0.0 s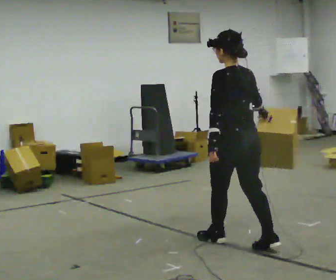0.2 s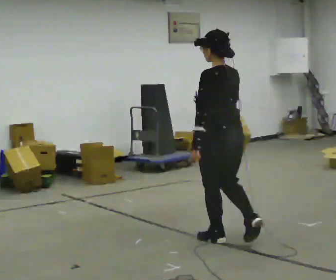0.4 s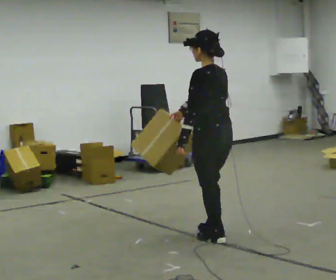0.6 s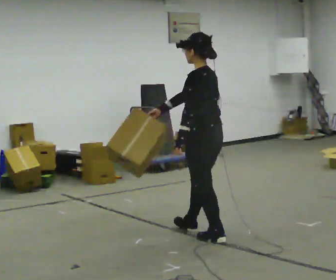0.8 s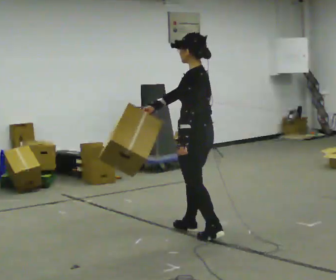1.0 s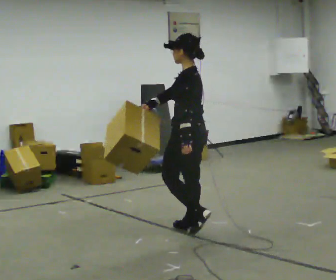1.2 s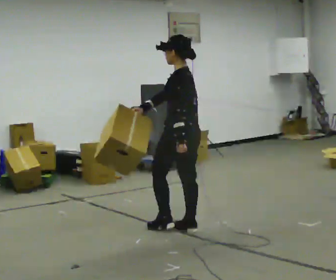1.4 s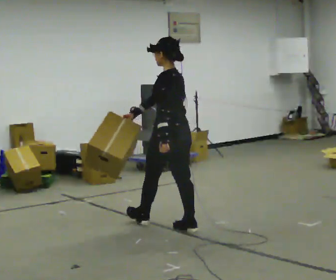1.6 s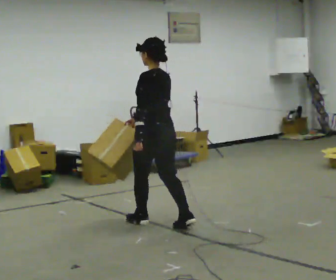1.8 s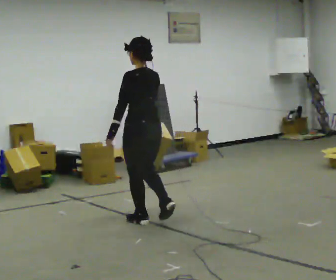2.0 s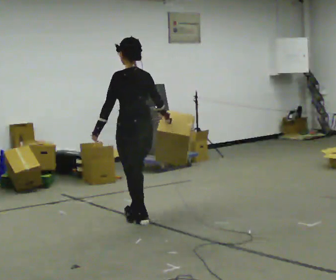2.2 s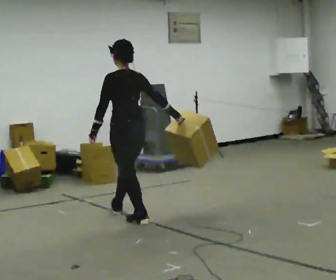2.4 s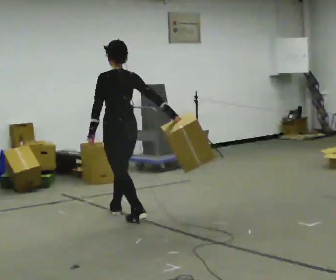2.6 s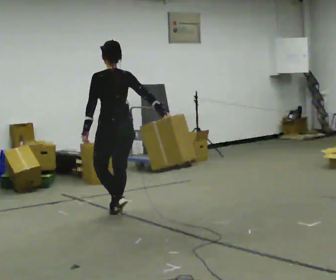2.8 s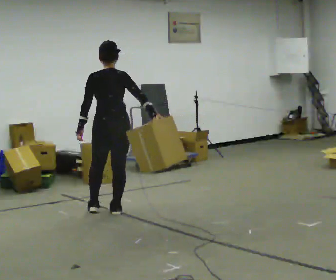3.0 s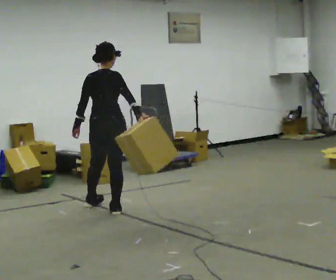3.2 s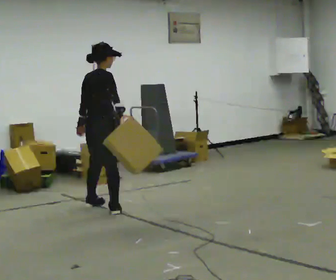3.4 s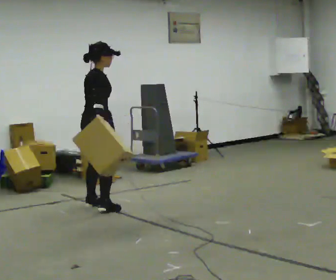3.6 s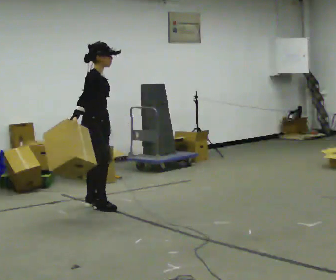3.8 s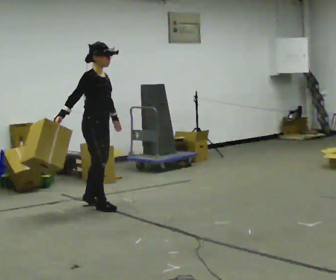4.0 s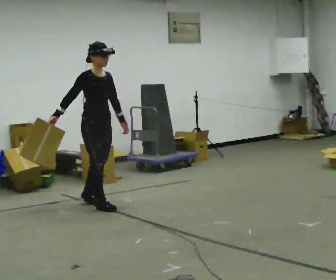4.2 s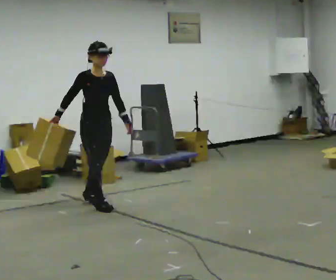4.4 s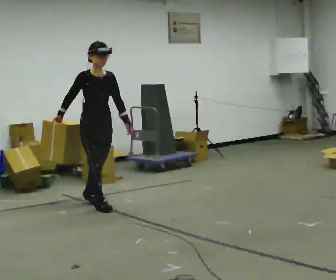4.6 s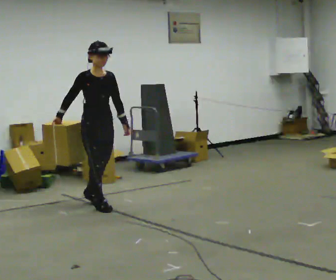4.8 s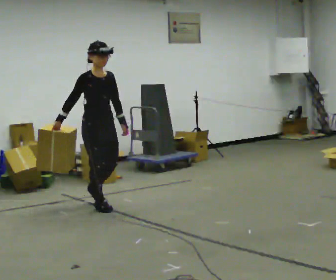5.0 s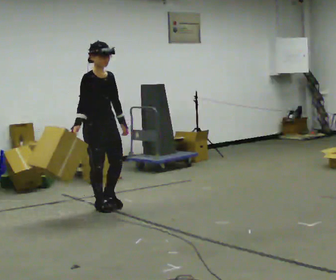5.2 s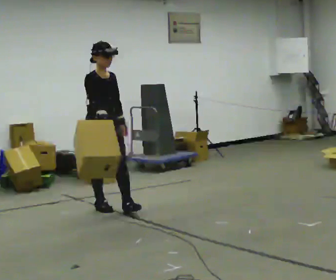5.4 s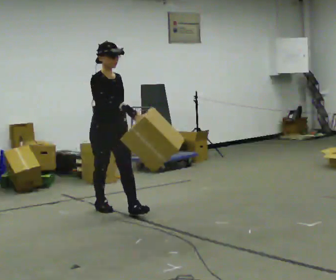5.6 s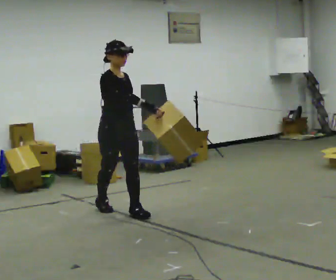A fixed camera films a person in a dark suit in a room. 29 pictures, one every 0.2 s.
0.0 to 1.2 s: The part of the body nearest the lens slides to the right as the person turns to their left by about 30 degrees. In the picture they go away from the camera and to the left, about 0.75 m in 1 step, which for them is forward.
1.2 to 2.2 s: In the picture they go to the left and away from the camera, about 0.5 m in 2 steps, which for them is forward and to their left.
2.2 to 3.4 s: The person turns about 105 degrees to their right, clockwise seen from above, so the part of the body nearest the lens slides to the left. In the picture they go away from the camera and to the left, about 0.75 m in 1 step.
3.4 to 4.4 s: The part of the body nearest the lens slides to the left as the person turns to their right by about 75 degrees. In the picture their right hand goes to the left.
4.4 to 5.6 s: In the picture they go toward the camera and to the right, about 0.5 m in 1 step, which for them is forward.
The film runs forward here.
